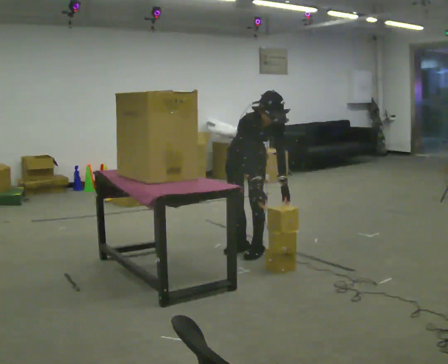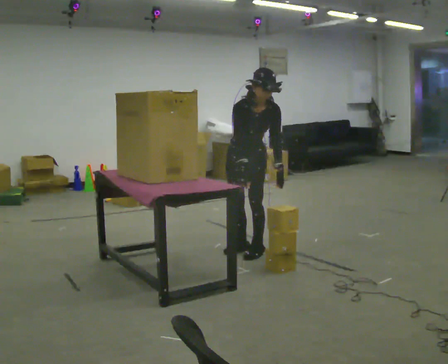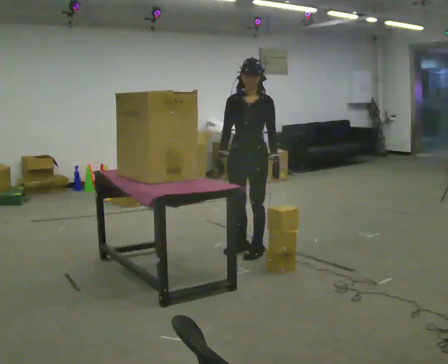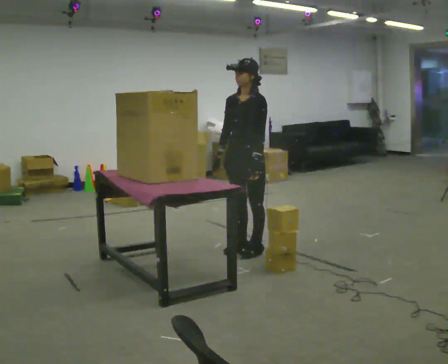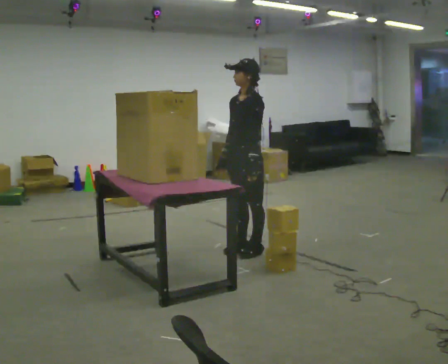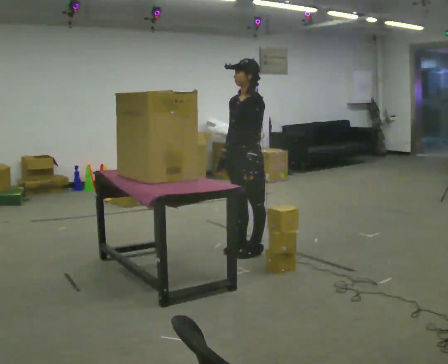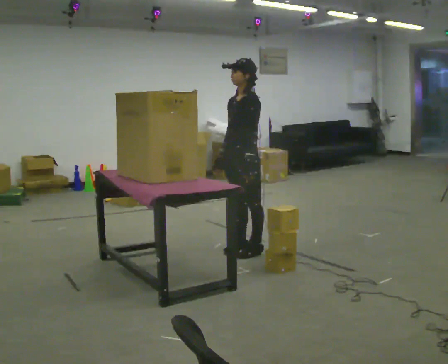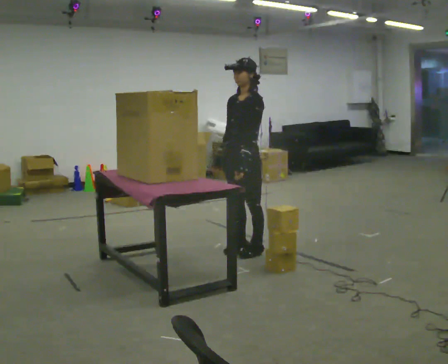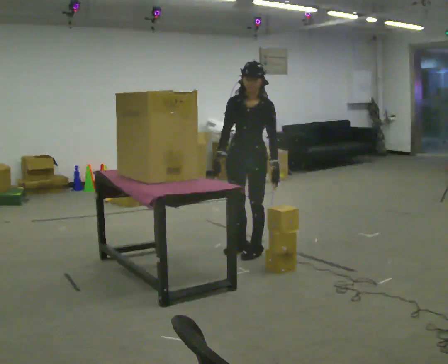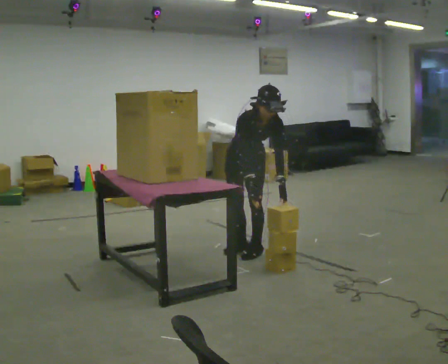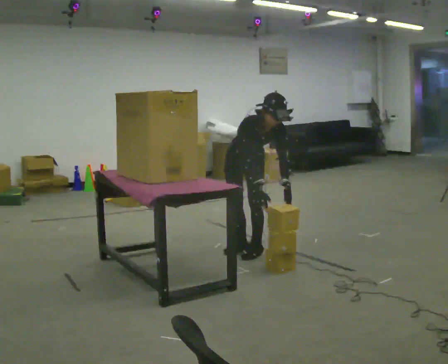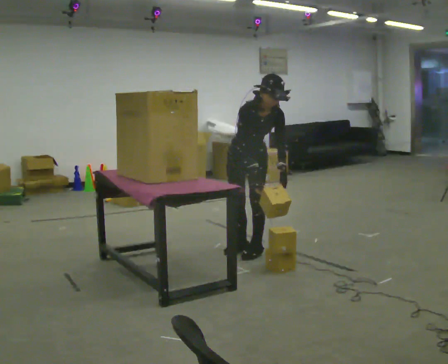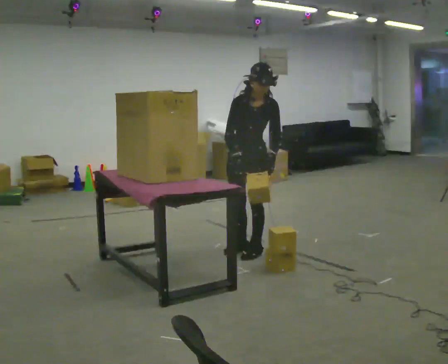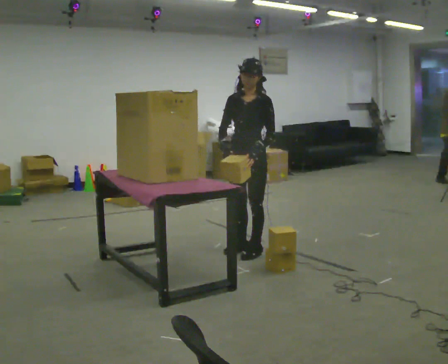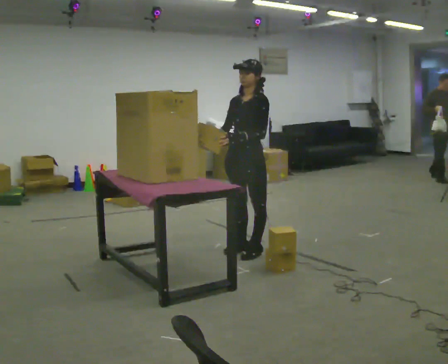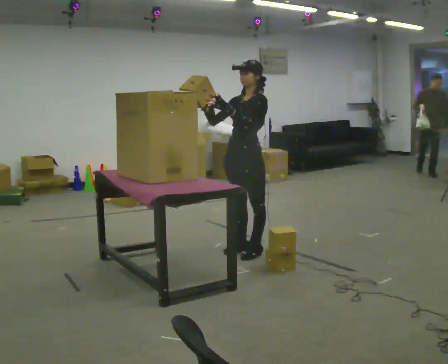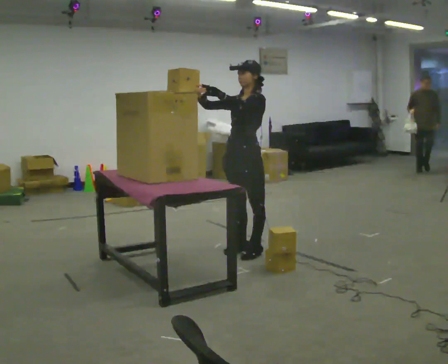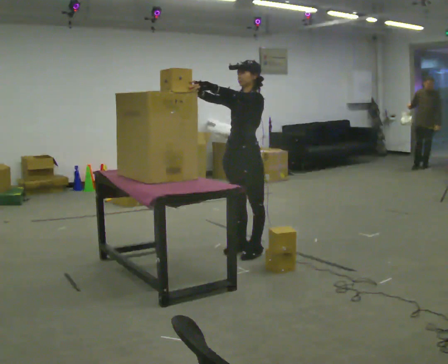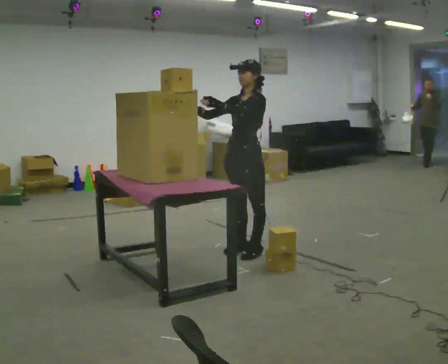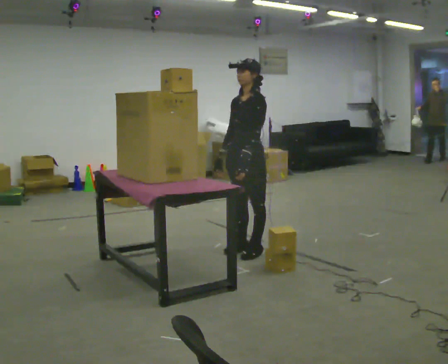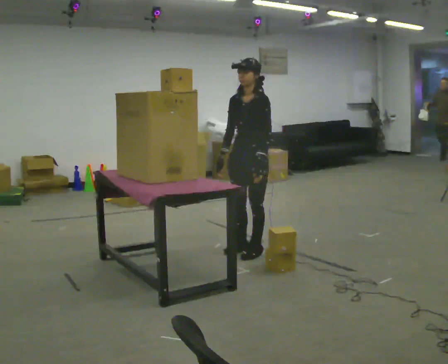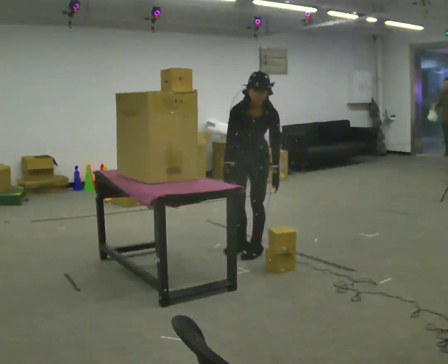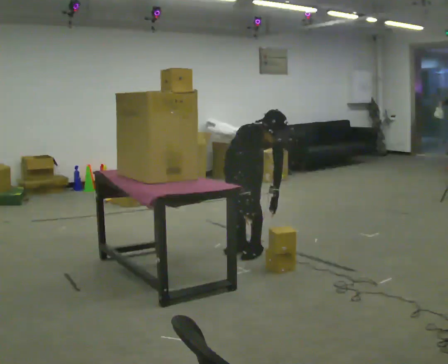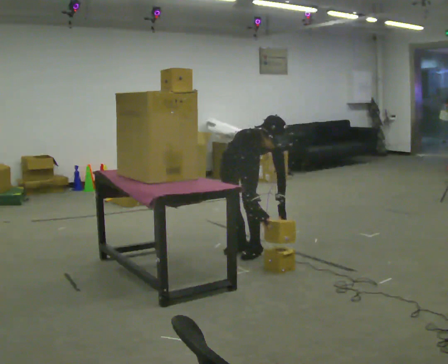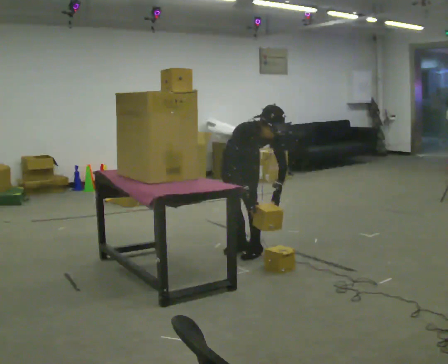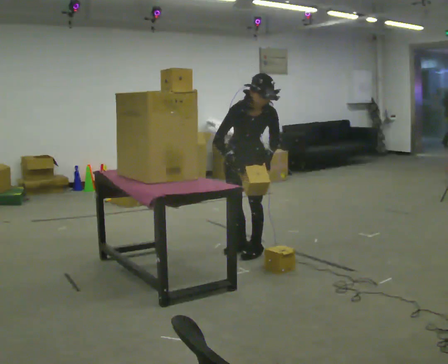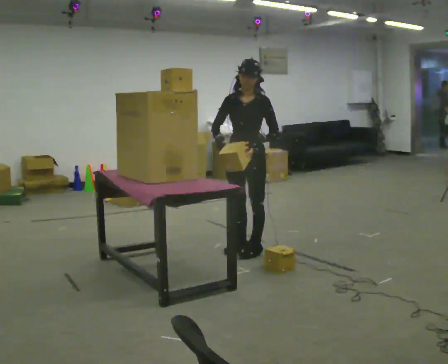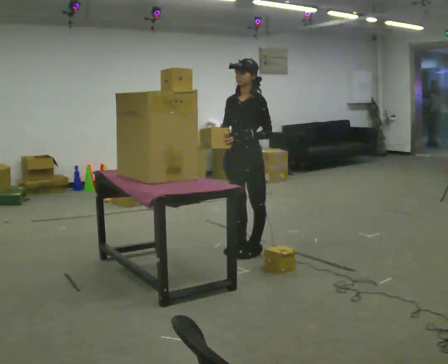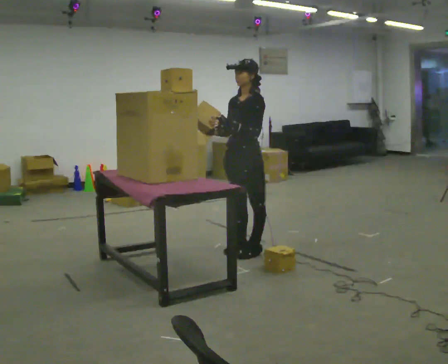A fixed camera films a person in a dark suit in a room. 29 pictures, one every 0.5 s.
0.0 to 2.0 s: The person turns about 60 degrees to their right, clockwise seen from above, so the part of the body nearest the lens slides to the left. The shoulders move upward. The upper body tips away from the camera, its near side rolling upward, as they lean back or straighten.
2.0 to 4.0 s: Seen from above the body turns counterclockwise, about 30 degrees: to their left, with its near side sliding to the right. The upper body tips toward the camera, its near side rolling downward, as they bend forward.
4.0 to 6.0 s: The person moves a little, or ends about where they began.
6.0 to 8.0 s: The person turns about 45 degrees to their right, clockwise seen from above, so the part of the body nearest the lens slides to the left. The upper body tips away from the camera, its near side rolling upward, as they lean back or straighten. In the picture their left hand goes upward and to the left.
8.0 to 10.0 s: In the picture their left hand goes downward and to the right.
10.0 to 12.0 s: The part of the body nearest the lens slides to the right as the person turns to their left by about 60 degrees. The upper body tips toward the camera, its near side rolling downward, as they bend forward.
12.0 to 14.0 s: The part of the body nearest the lens slides to the left as the person turns to their right by about 60 degrees. The upper body goes upward. The upper body tips away from the camera, its near side rolling upward, as they lean back or straighten. In the picture their left hand goes upward and to the left.
The film runs backward here.
